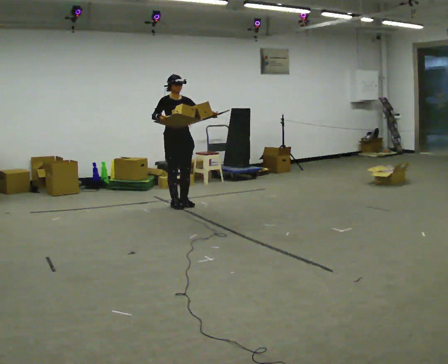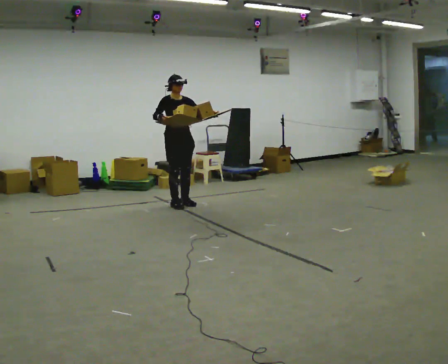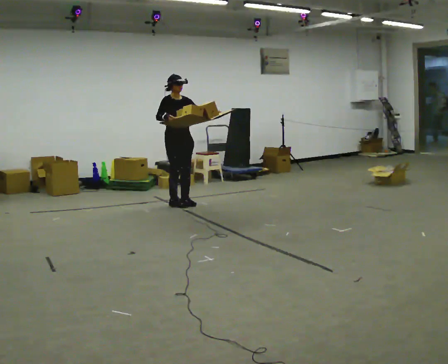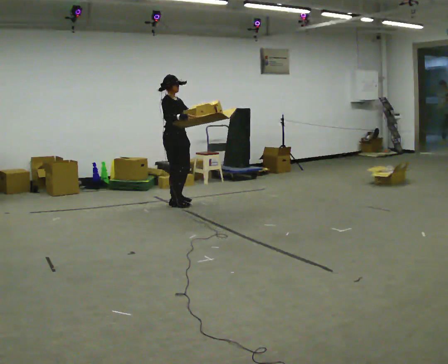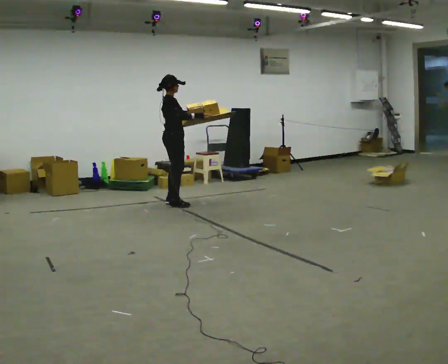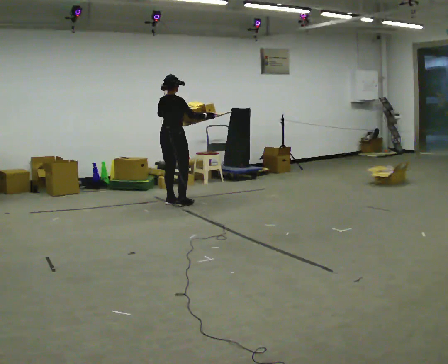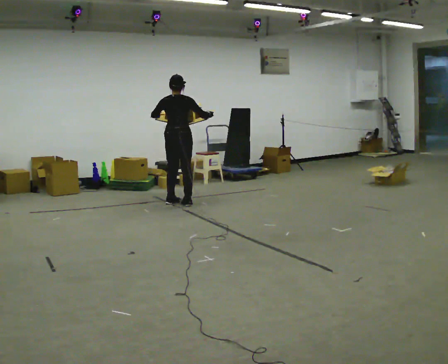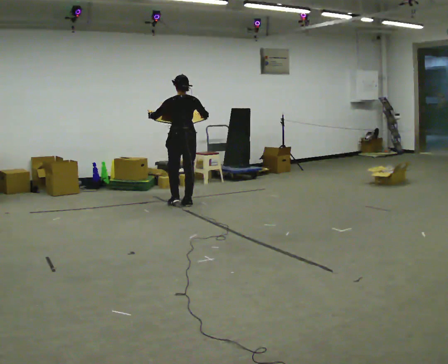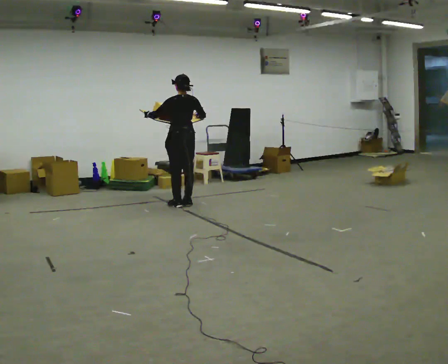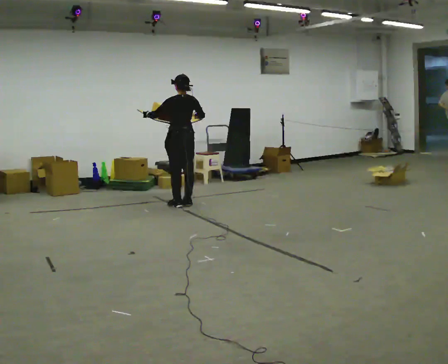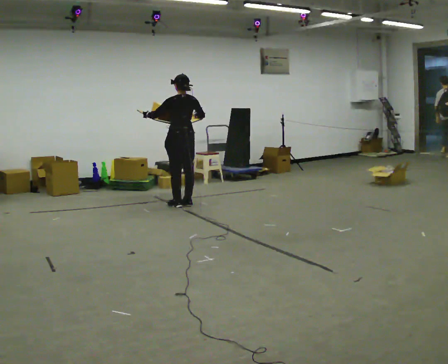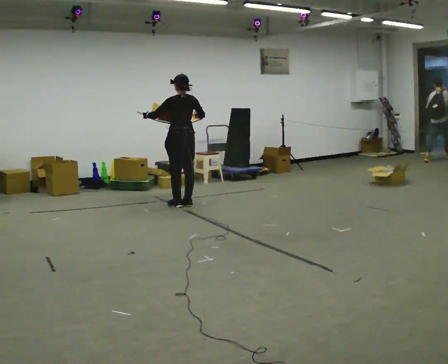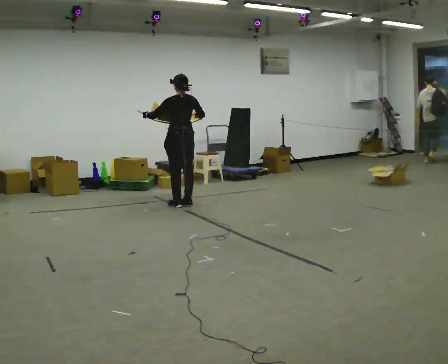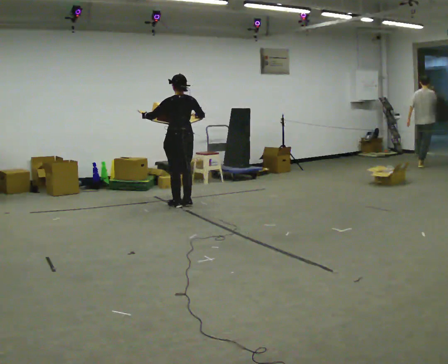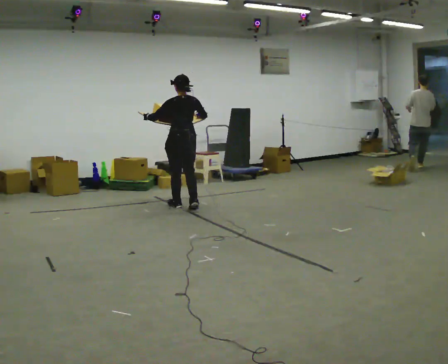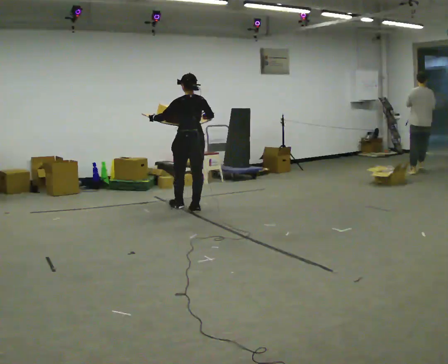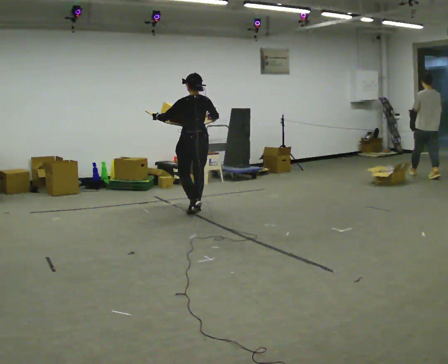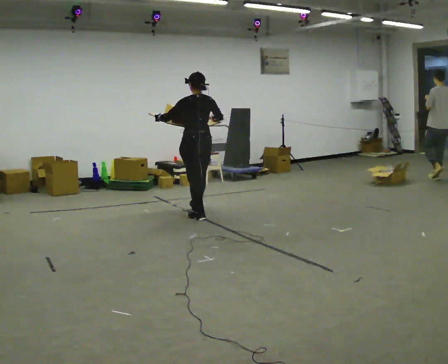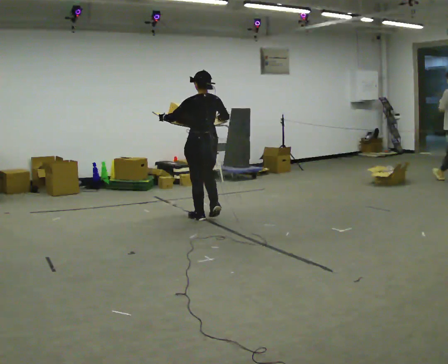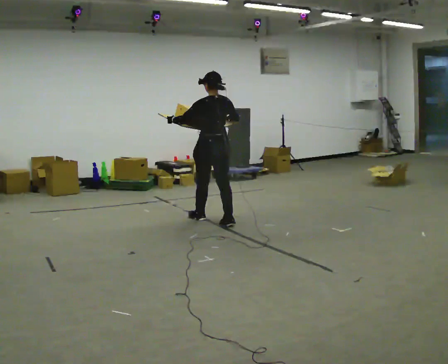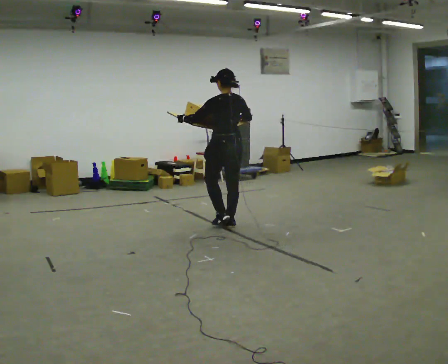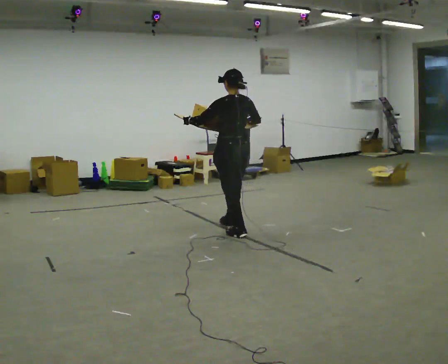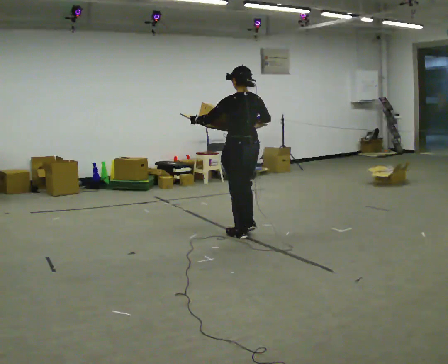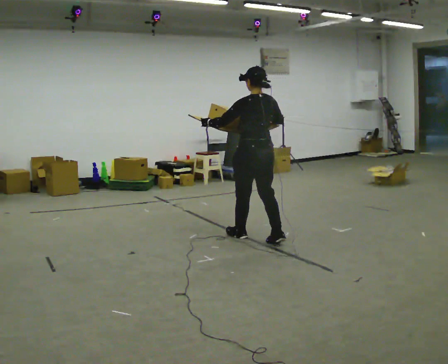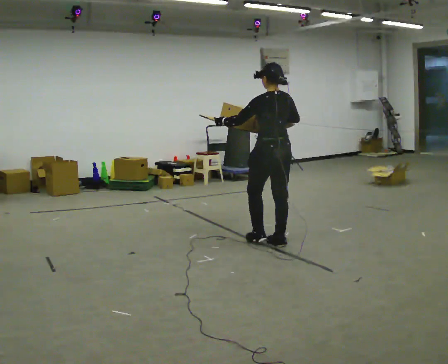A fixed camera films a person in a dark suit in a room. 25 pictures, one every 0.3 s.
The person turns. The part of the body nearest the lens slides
to the right.
The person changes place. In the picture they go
toward the camera.
0.0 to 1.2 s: Seen from above the body turns counterclockwise, about 60 degrees: to their left, with its near side sliding to the right.
1.2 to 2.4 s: The person turns about 105 degrees to their left, counterclockwise seen from above, so the part of the body nearest the lens slides to the right. In the picture their left hand goes to the left.
2.4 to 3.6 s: The person moves a little, or ends about where they began.
3.6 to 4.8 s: In the picture they go toward the camera, about 0.5 m in 2 steps, which for them is backward.
4.8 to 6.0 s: In the picture they go toward the camera and to the right, about 0.5 m in 2 steps, which for them is backward.
6.0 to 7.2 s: In the picture they go toward the camera and to the right, about 1 m in 2 steps, which for them is backward.
The film runs backward here.
